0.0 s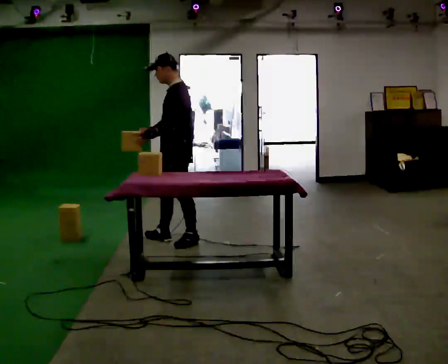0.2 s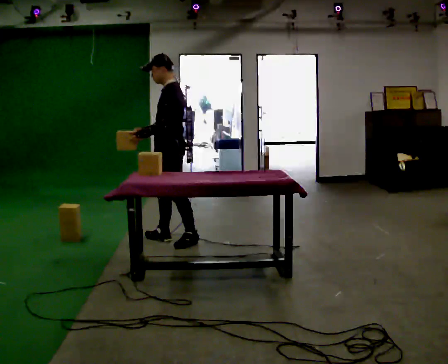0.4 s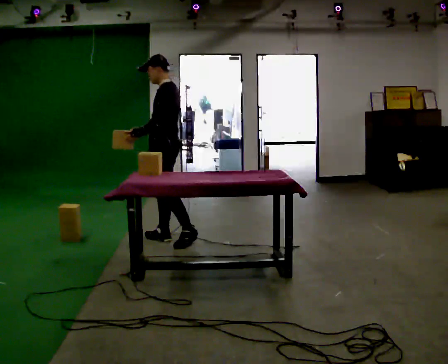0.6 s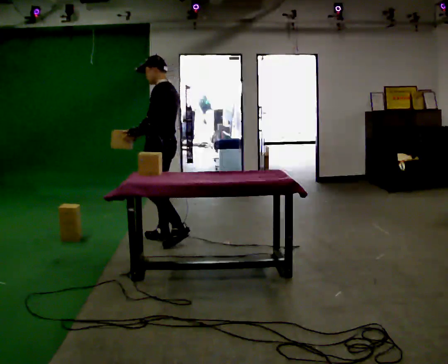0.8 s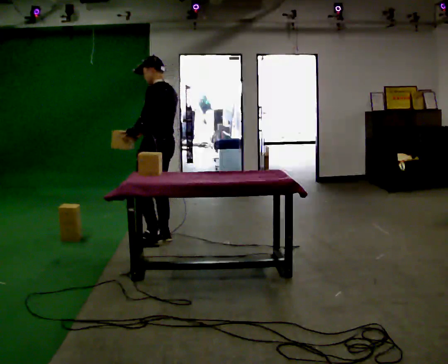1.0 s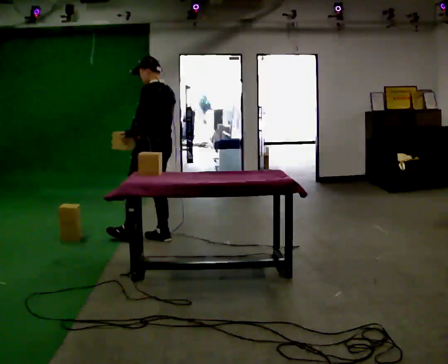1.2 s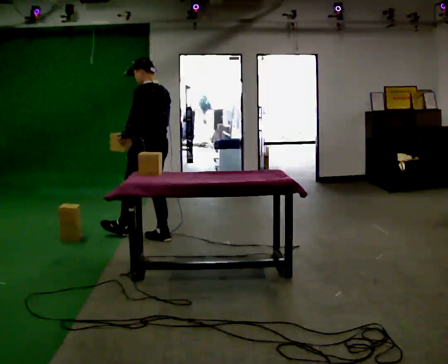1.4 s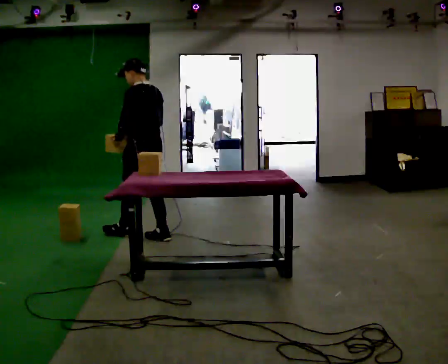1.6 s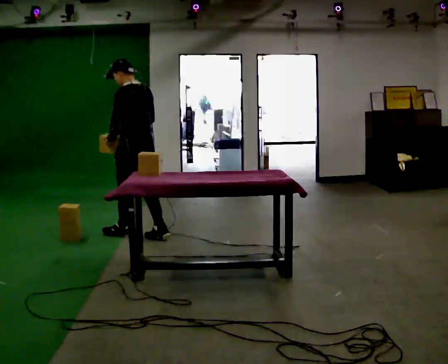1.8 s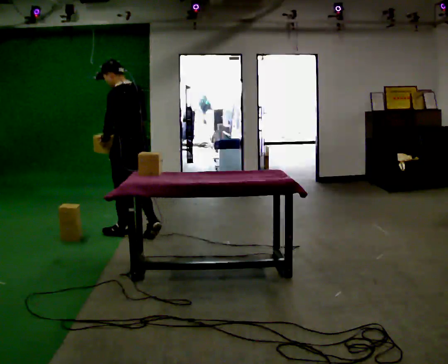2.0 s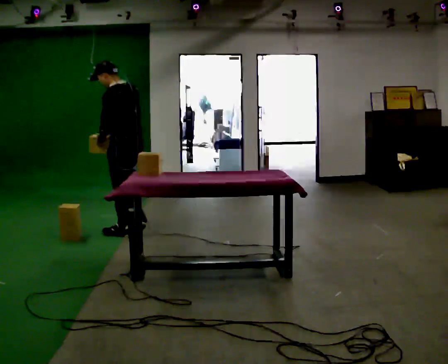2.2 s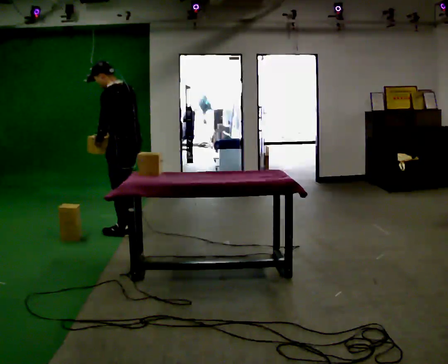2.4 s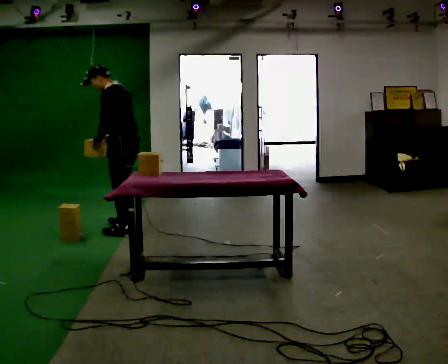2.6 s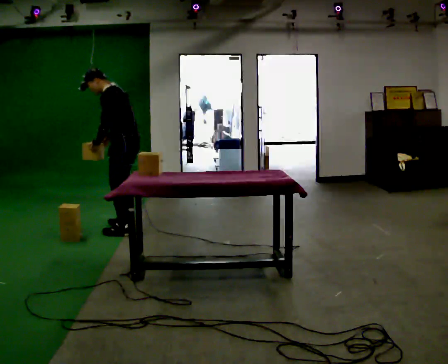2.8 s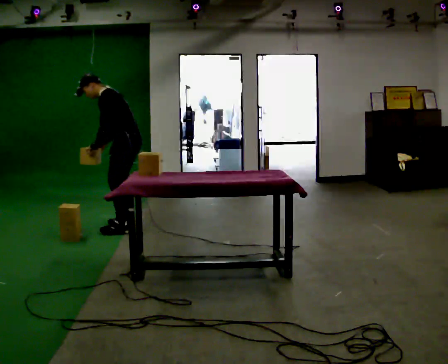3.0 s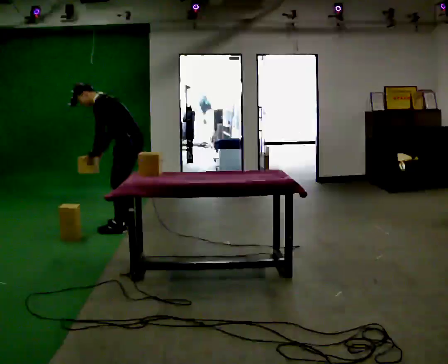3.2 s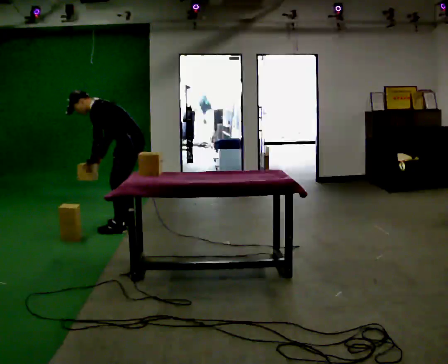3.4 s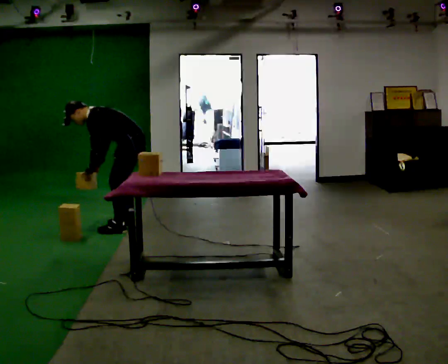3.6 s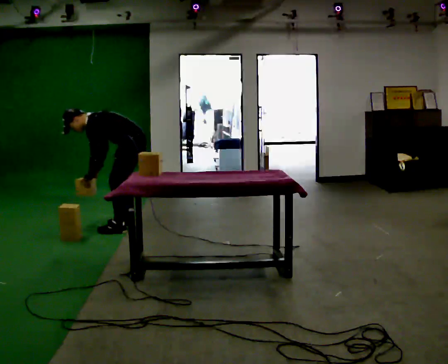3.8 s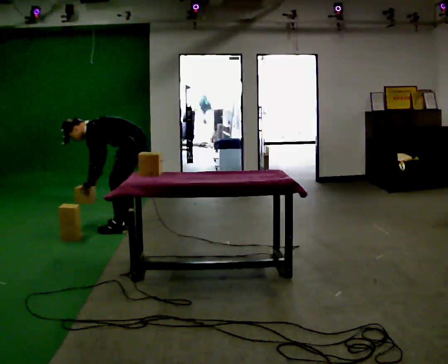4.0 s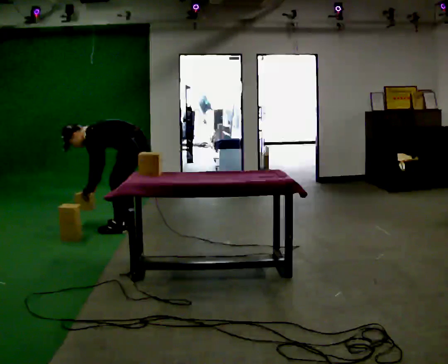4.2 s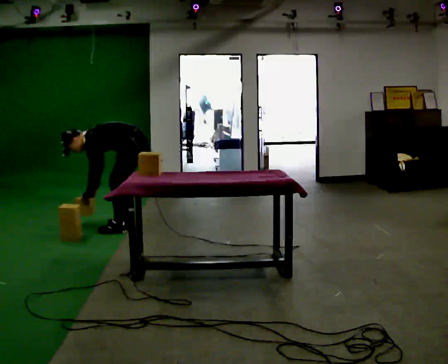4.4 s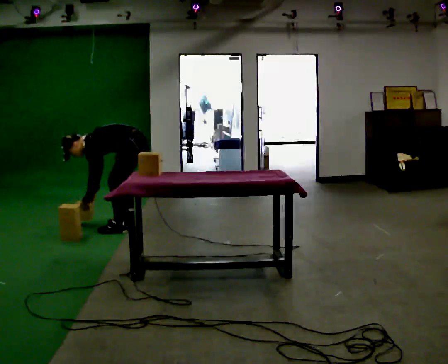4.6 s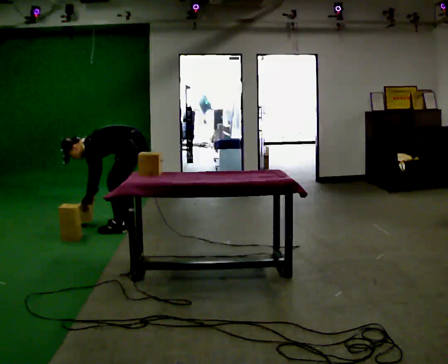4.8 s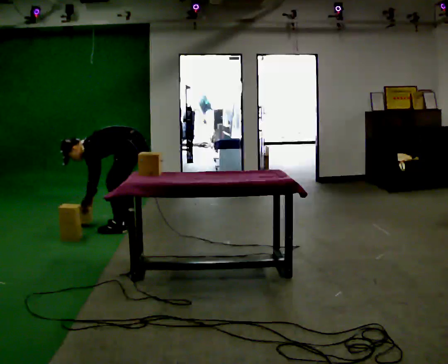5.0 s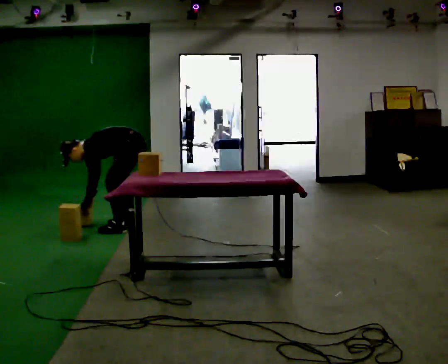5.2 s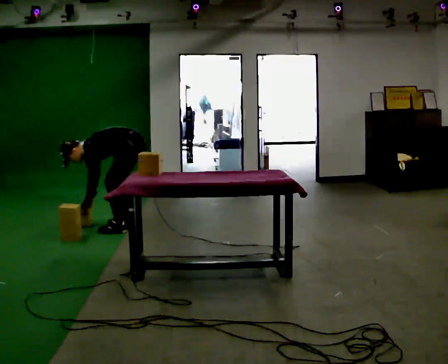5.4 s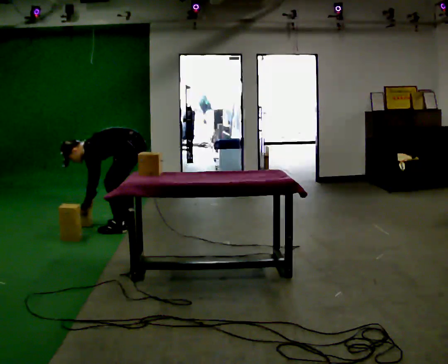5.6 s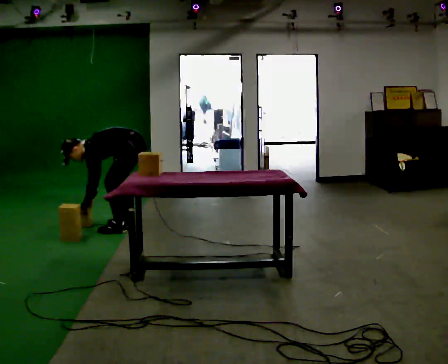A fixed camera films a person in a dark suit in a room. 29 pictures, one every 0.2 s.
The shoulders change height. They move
downward.
Their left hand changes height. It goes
downward.
0.0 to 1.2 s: Seen from above the body turns clockwise, about 45 degrees: to their right, with its near side sliding to the left. In the picture they go to the left, about 0.25 m, which for them is forward.
1.2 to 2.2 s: In the picture they go to the left and away from the camera, about 0.25 m in 1 step, which for them is forward.
2.2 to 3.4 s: In the picture they go away from the camera, about 0.25 m in 1 step, which for them is to their right. The upper body goes downward. In the picture the upper body tilts counterclockwise, shoulders to the left, as they bend forward. In the picture their left hand goes downward.
3.4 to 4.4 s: The upper body goes downward. In the picture the upper body tilts counterclockwise, shoulders to the left, as they bend forward.
4.4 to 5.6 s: The person moves a little, or ends about where they began.
The film runs forward here.
